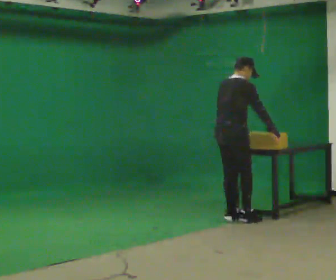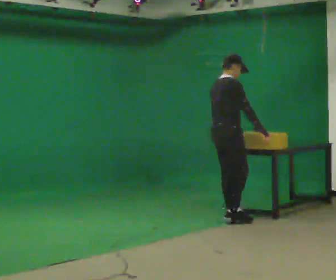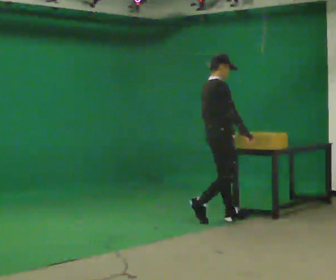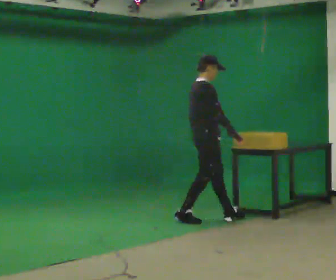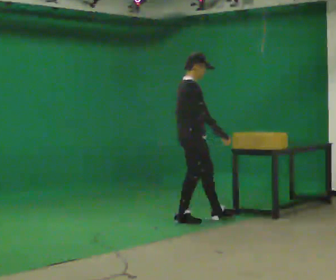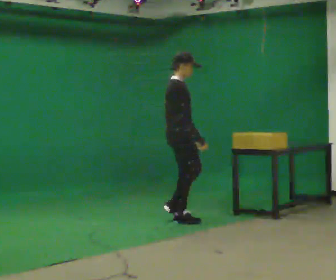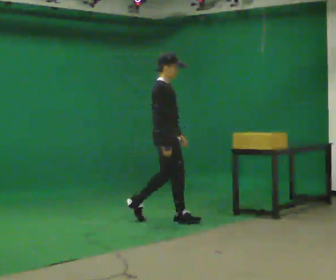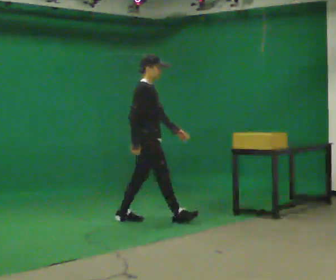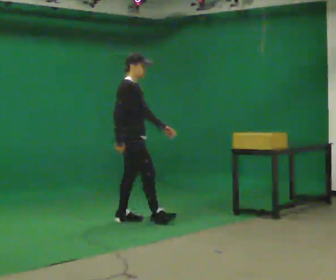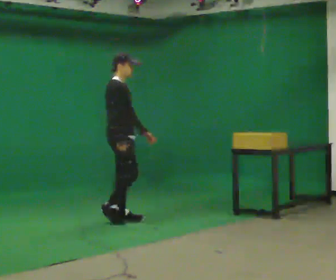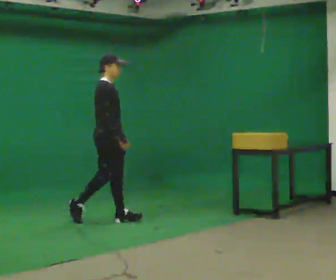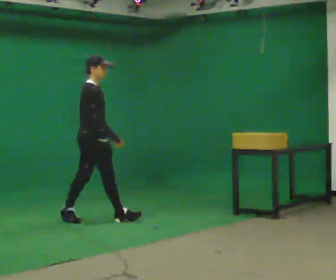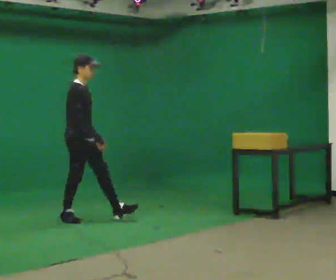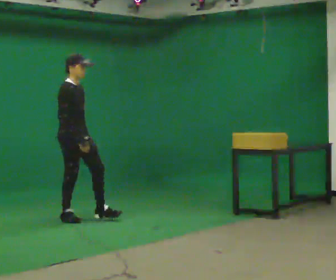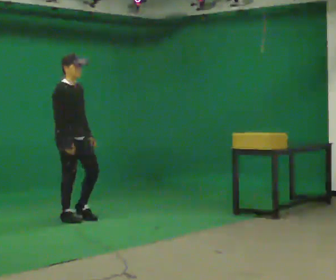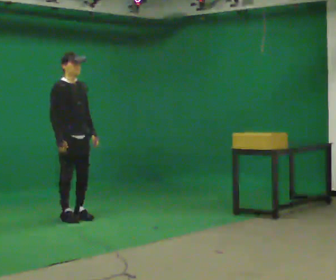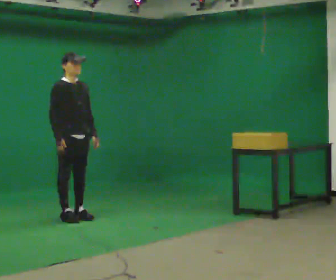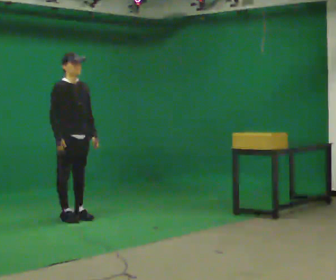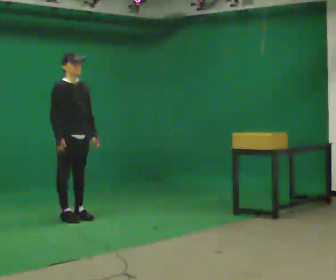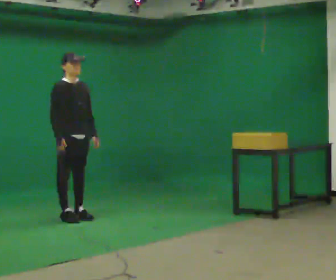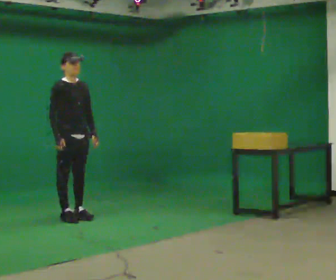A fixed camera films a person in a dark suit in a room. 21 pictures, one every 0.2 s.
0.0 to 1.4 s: The part of the body nearest the lens slides to the left as the person turns to their right by about 45 degrees. In the picture they go to the left, about 1 m in 2 steps, which for them is backward.
1.4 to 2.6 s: In the picture they go to the left, about 1 m in 2 steps, which for them is backward.
2.6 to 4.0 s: The part of the body nearest the lens slides to the left as the person turns to their right by about 30 degrees.
The film runs backward here.
